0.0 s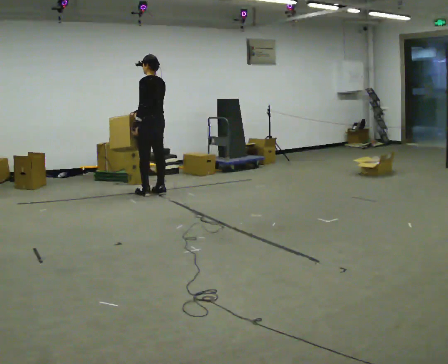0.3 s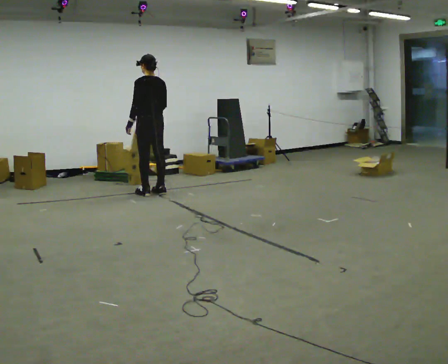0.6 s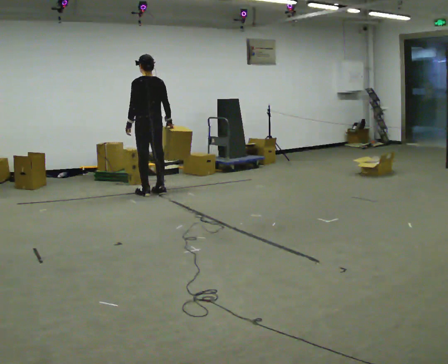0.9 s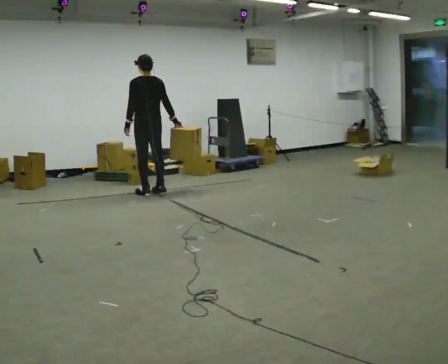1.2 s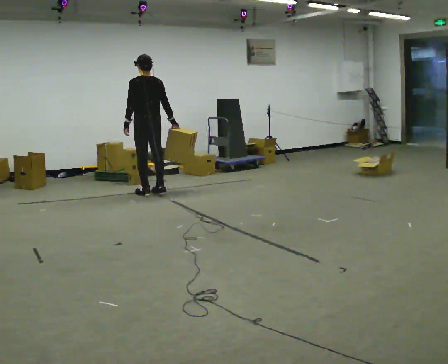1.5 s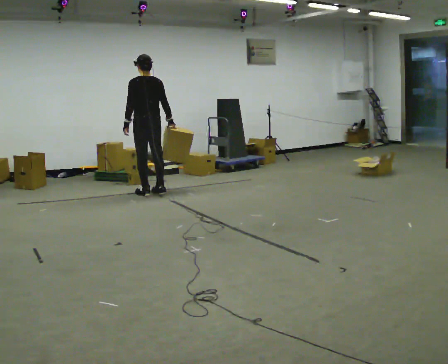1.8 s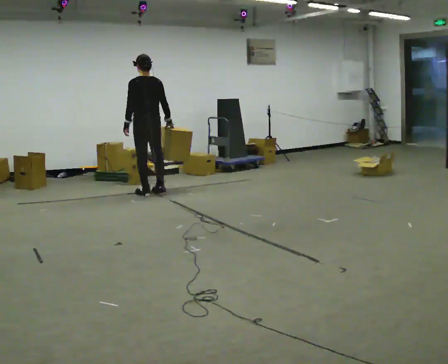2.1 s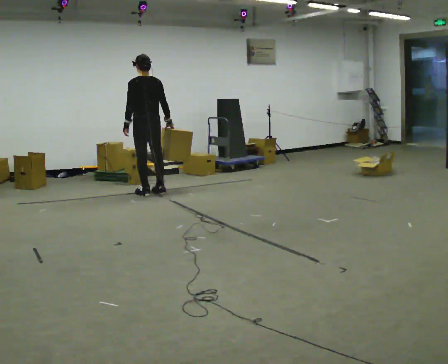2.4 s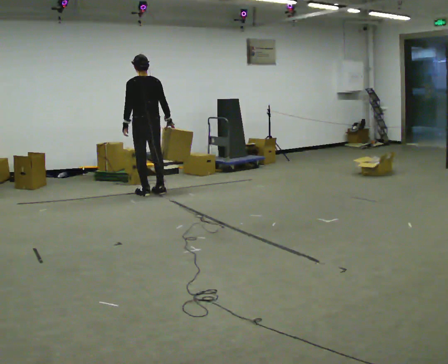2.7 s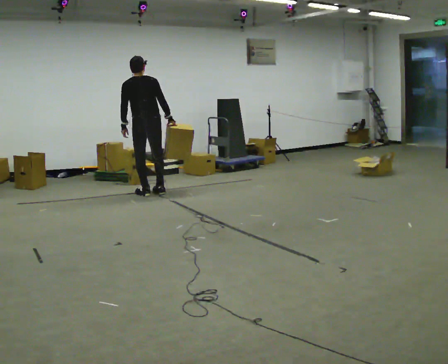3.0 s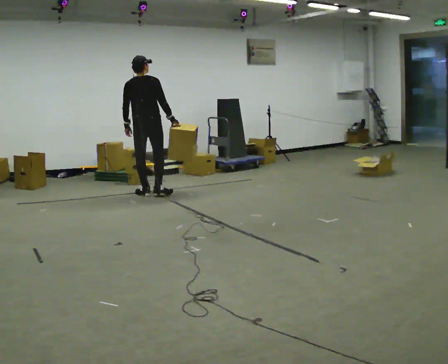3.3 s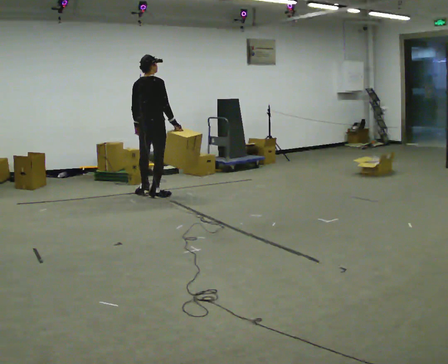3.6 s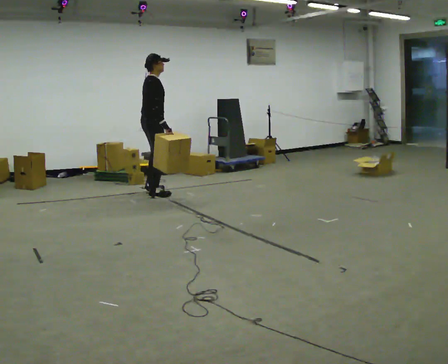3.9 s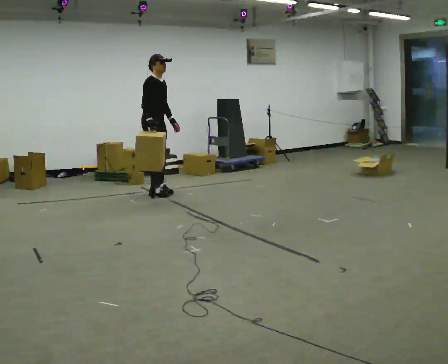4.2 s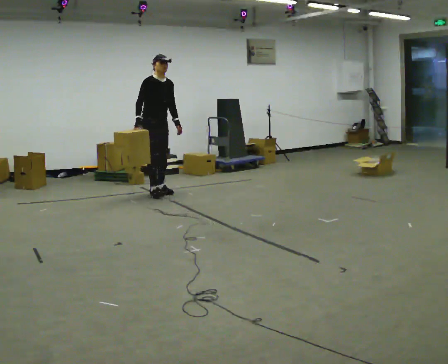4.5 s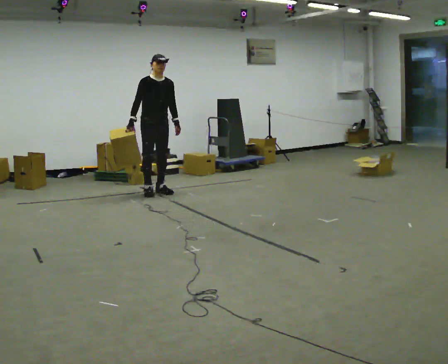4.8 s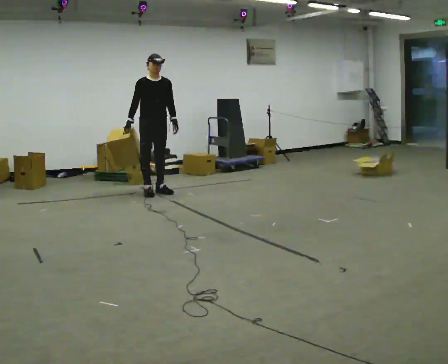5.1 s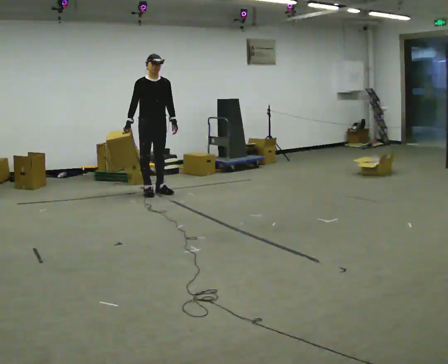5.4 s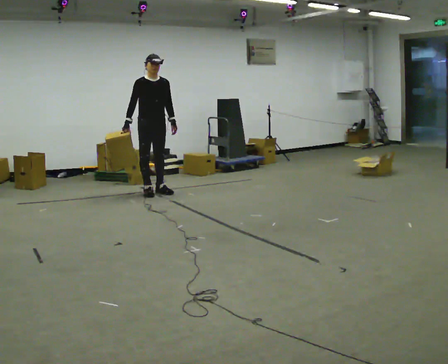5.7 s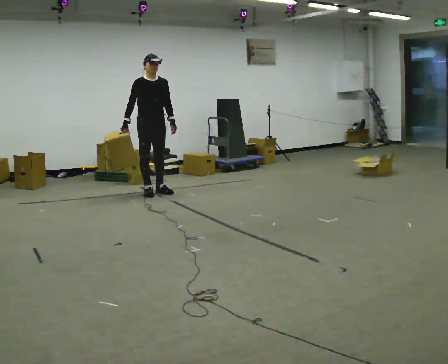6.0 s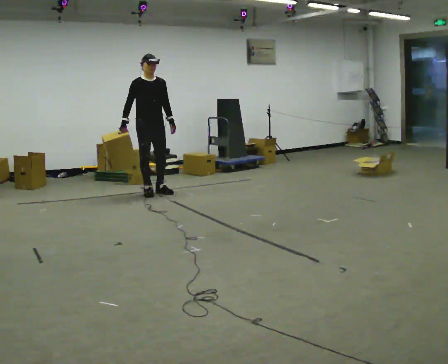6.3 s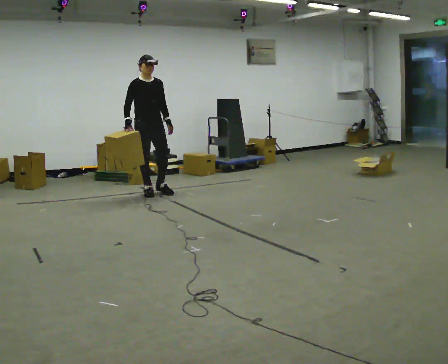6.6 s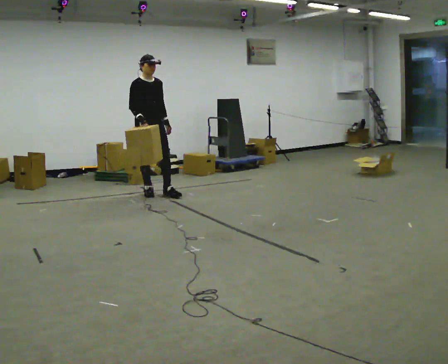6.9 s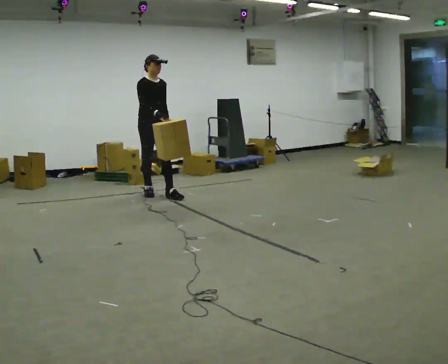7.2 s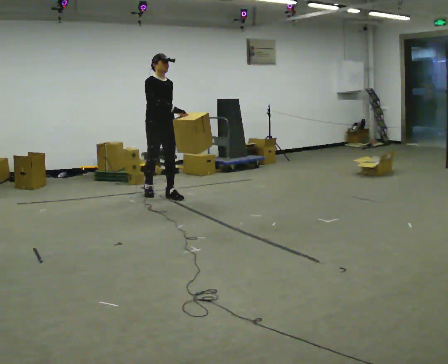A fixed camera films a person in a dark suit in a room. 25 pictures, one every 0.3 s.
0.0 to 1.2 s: In the picture their right hand goes to the right, the arm swinging counterclockwise.
1.2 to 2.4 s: The person moves a little, or ends about where they began.
2.4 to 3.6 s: Seen from above the body turns clockwise, about 90 degrees: to their right, with its near side sliding to the left.
3.6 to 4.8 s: Seen from above the body turns clockwise, about 90 degrees: to their right, with its near side sliding to the left. In the picture they go away from the camera, about 0.25 m in 2 steps. In the picture their right hand goes to the left, the arm swinging clockwise.
4.8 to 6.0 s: The person moves a little, or ends about where they began.
6.0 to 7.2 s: In the picture they go toward the camera, about 0.25 m in 1 step, which for them is forward. In the picture their right hand goes to the right, the arm swinging counterclockwise.
The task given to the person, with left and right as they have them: Carry the object in the hand the operator calls, down at your side, walking back and forth across the room.
The film runs forward here.
